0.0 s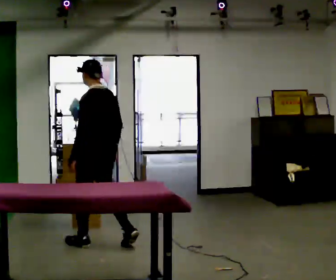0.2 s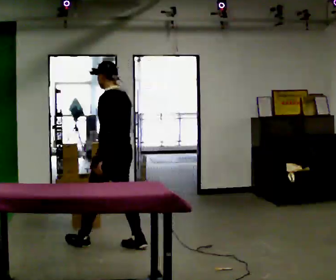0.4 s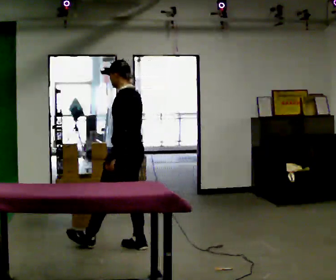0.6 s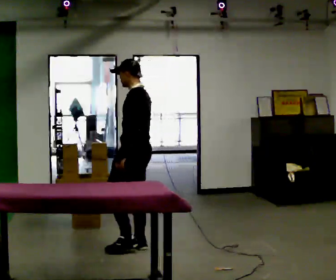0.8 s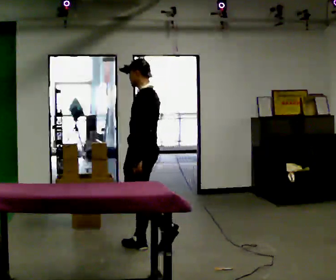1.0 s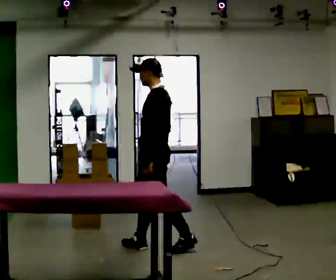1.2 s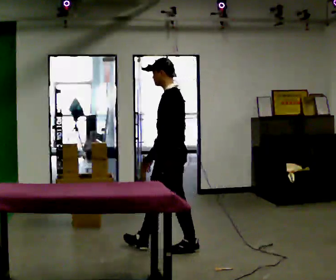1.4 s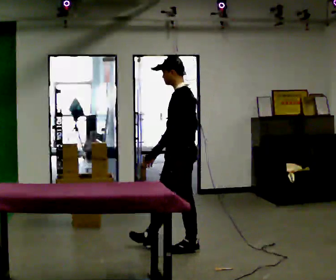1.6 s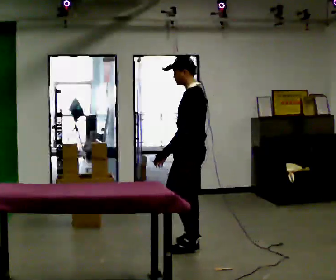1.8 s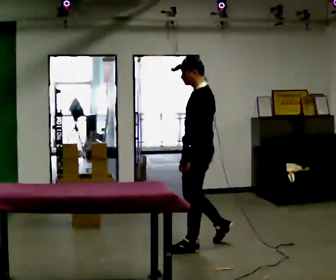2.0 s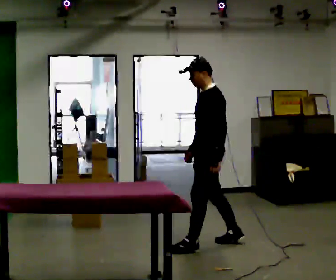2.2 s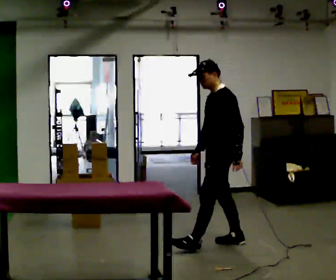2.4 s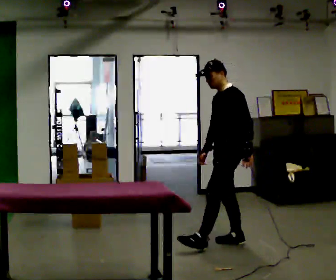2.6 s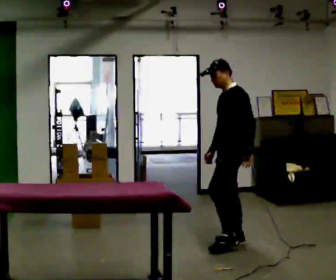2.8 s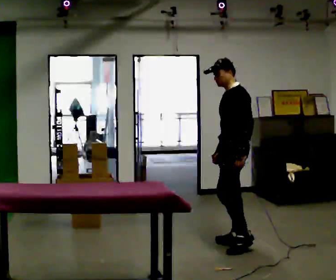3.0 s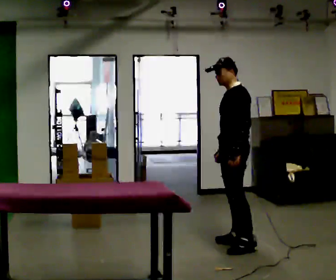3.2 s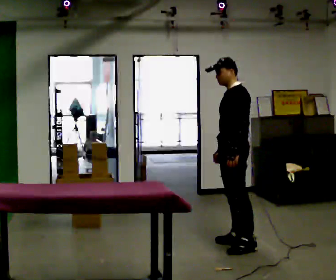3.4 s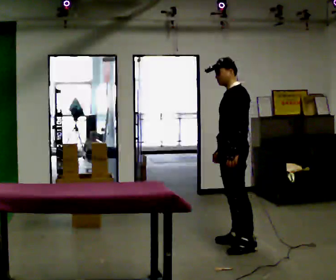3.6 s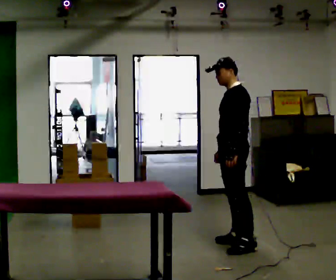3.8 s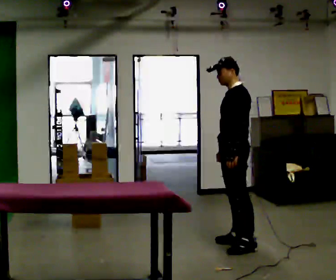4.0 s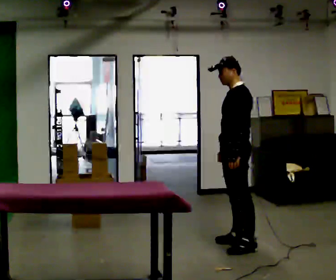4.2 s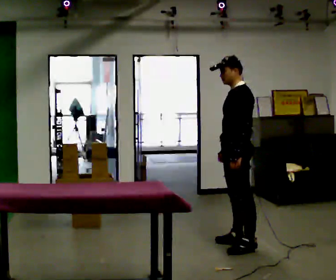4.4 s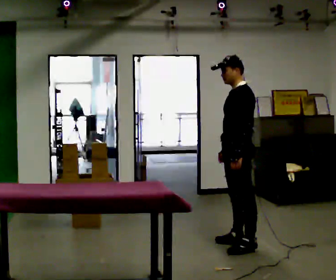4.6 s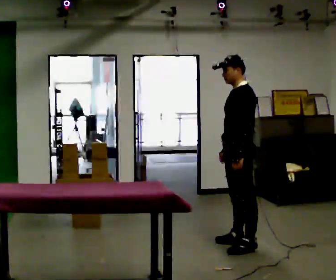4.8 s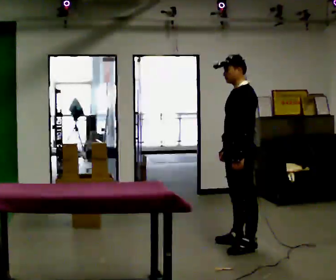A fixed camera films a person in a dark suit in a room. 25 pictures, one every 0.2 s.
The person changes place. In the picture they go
to the right.
0.0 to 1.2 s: The part of the body nearest the lens slides to the right as the person turns to their left by about 45 degrees. In the picture they go to the right, about 0.75 m in 1 step, which for them is backward.
1.2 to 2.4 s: In the picture they go to the right and away from the camera, about 0.5 m in 2 steps, which for them is backward.
2.4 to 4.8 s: The person moves a little, or ends about where they began.
The film runs backward here.
